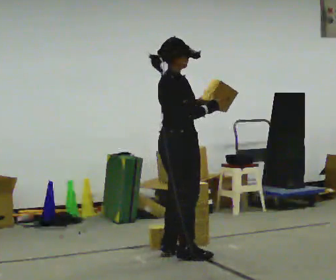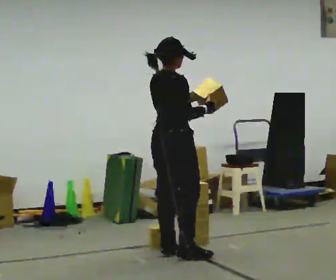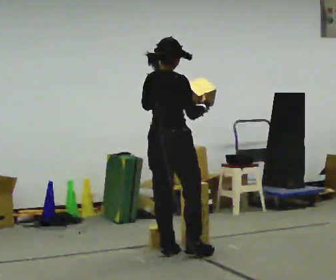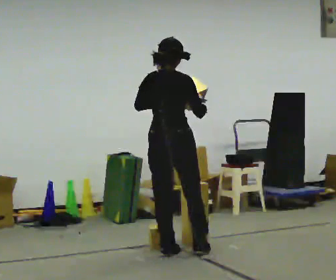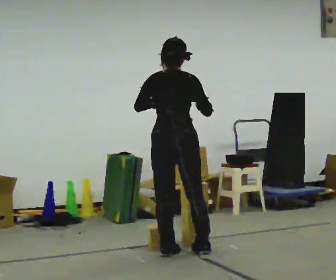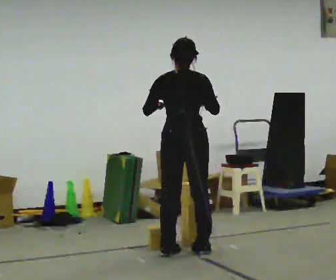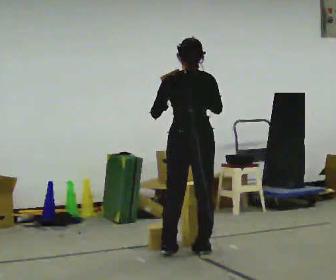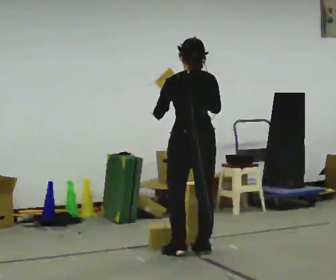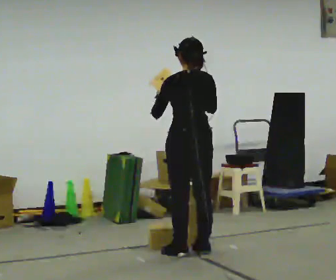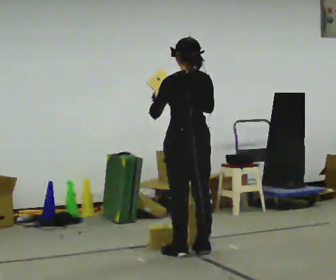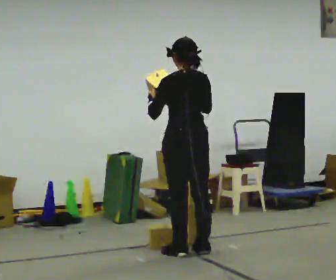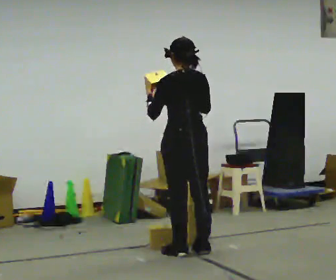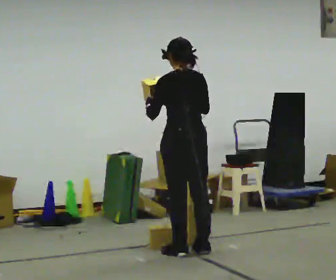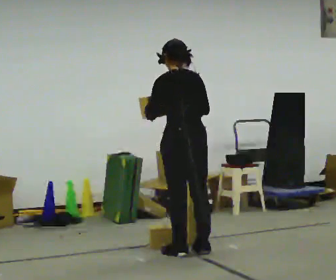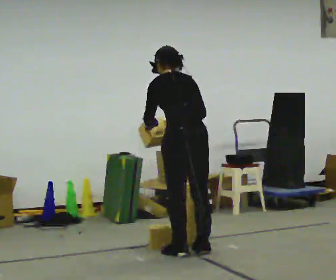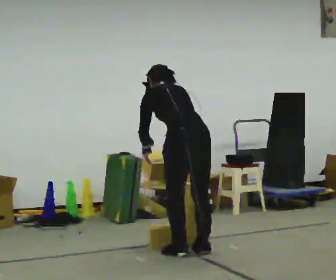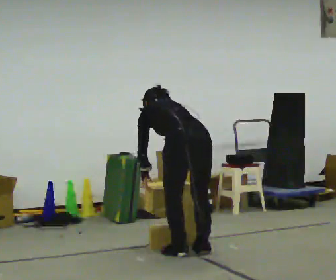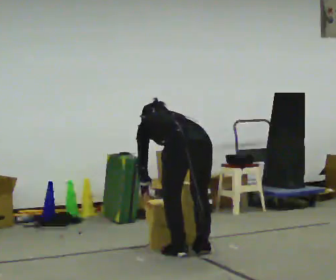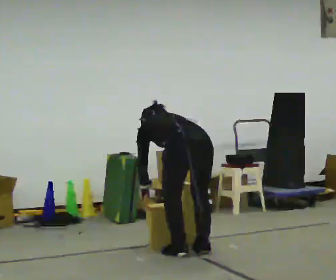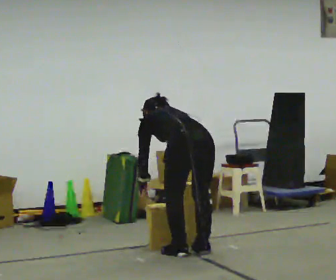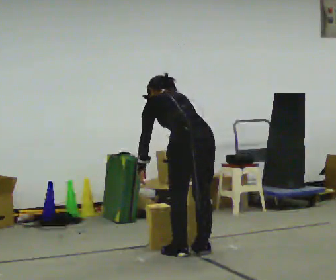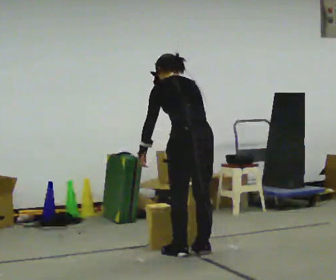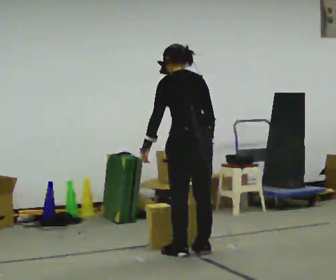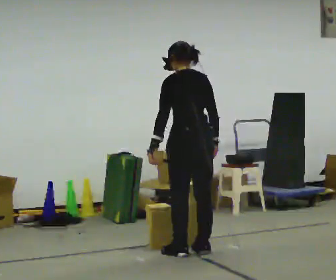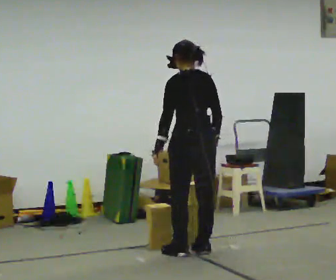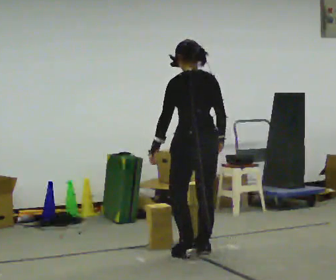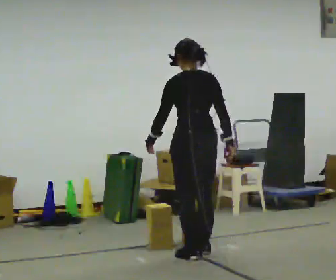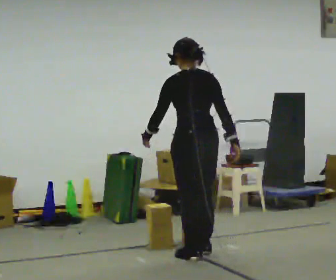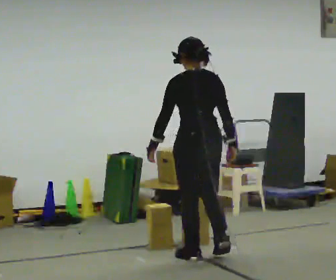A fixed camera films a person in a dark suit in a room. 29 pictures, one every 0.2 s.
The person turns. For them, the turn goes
to their left.
The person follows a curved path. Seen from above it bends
clockwise.
0.0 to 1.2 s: The person turns about 75 degrees to their left, counterclockwise seen from above, so the part of the body nearest the lens slides to the right.
1.2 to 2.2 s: The person moves a little, or ends about where they began.
2.2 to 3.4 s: The upper body goes downward. The upper body tips away from the camera, its near side rolling upward, as they bend forward. In the picture their right hand goes downward.
3.4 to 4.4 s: The shoulders move upward. The upper body tips toward the camera, its near side rolling downward, as they lean back or straighten. In the picture their left hand goes upward.
4.4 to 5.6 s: In the picture they go toward the camera, about 0.25 m in 2 steps, which for them is backward.
The film runs backward here.
